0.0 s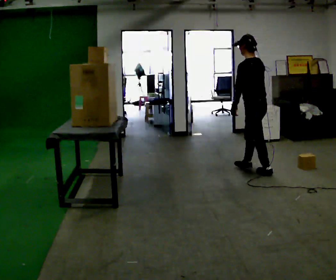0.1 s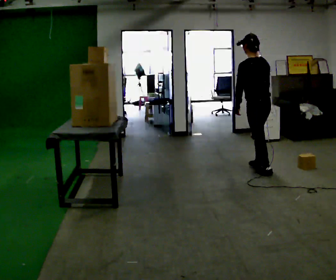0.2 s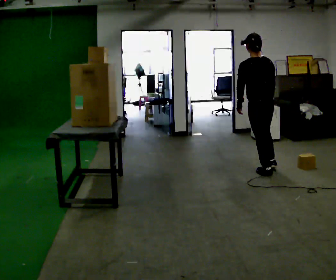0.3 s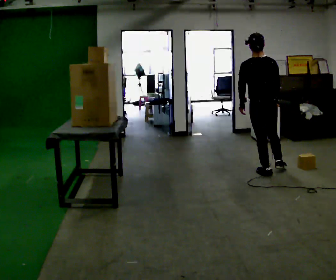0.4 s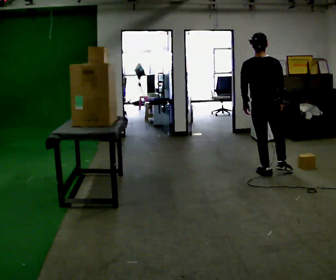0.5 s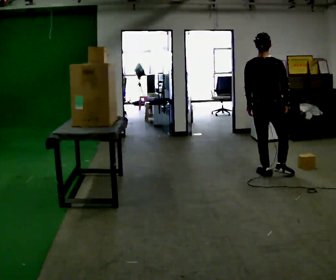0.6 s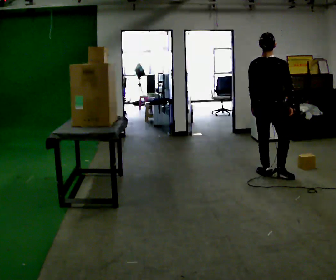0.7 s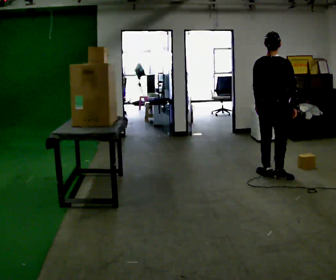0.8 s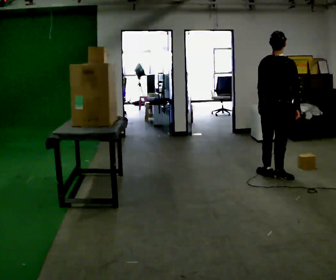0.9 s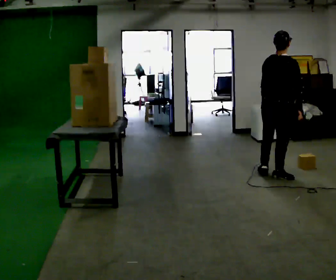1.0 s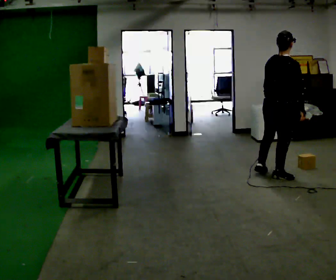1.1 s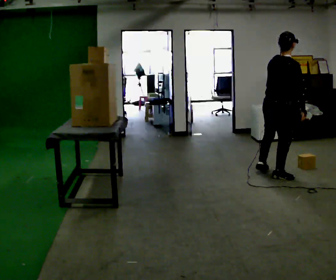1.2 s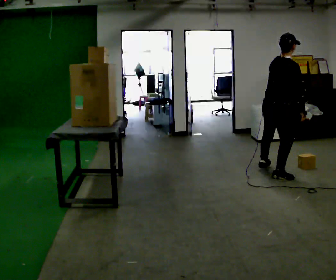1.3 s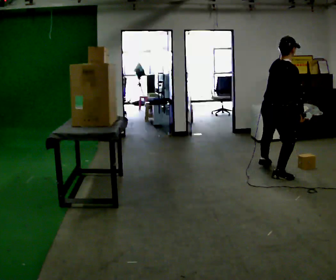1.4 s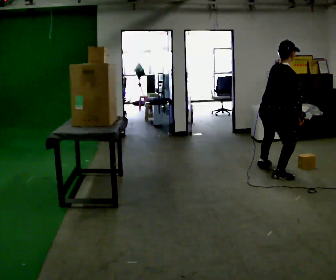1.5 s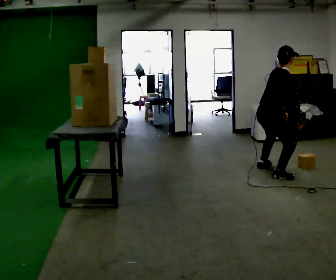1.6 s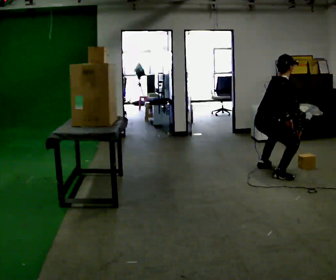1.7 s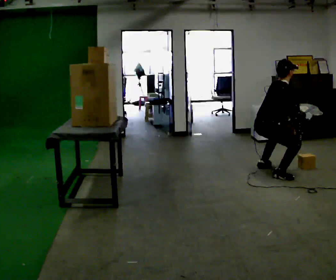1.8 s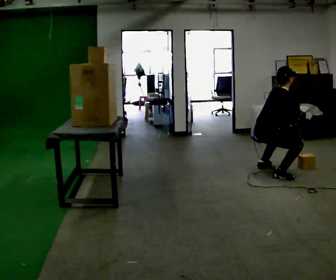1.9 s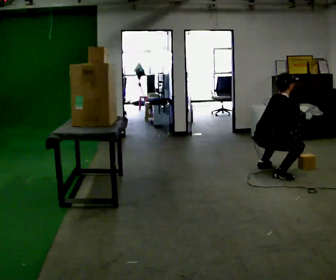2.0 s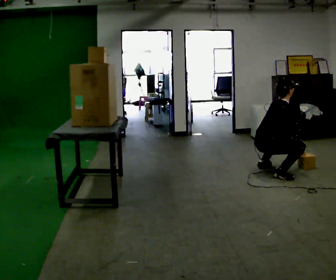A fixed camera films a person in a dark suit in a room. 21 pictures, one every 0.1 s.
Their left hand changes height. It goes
downward.
The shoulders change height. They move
downward.
0.0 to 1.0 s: Seen from above the body turns clockwise, about 105 degrees: to their right, with its near side sliding to the left. In the picture they go toward the camera and to the right, about 0.25 m in 1 step. In the picture the upper body tilts clockwise, shoulders to the right.
1.0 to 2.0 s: The upper body goes downward. In the picture the upper body tilts clockwise, shoulders to the right, as they bend forward. In the picture their left hand goes downward and to the right, the arm swinging counterclockwise.
The film runs backward here.
